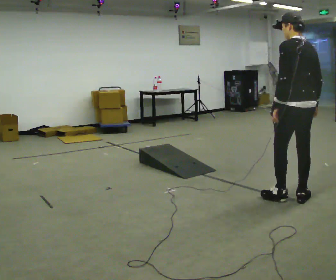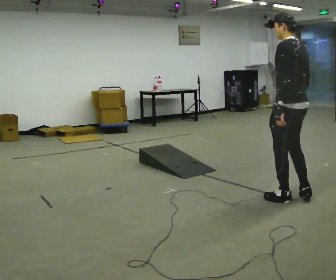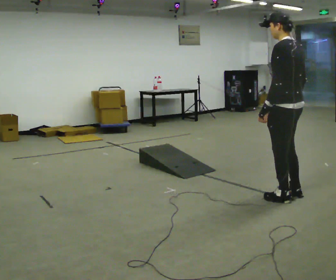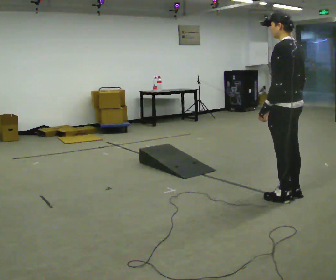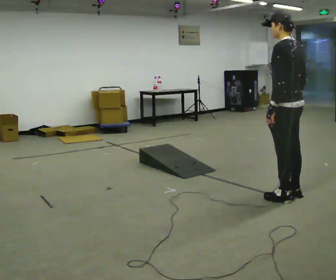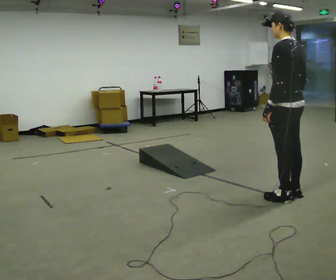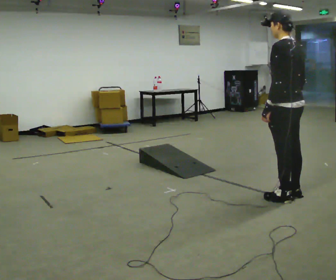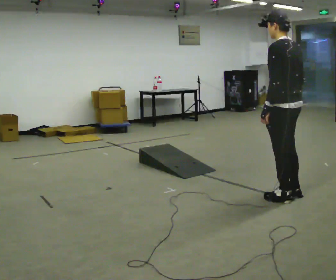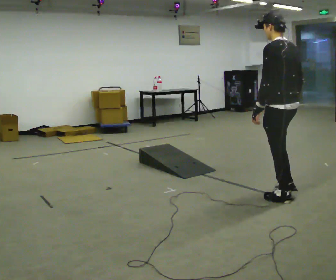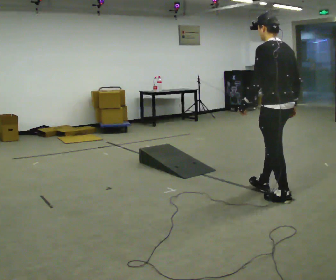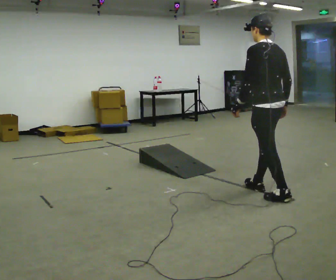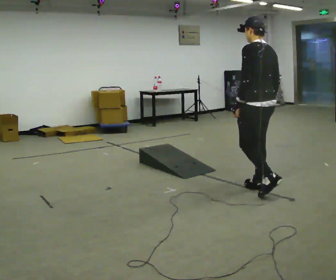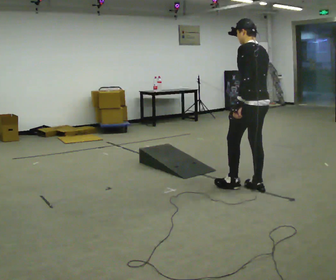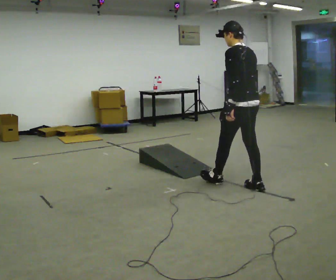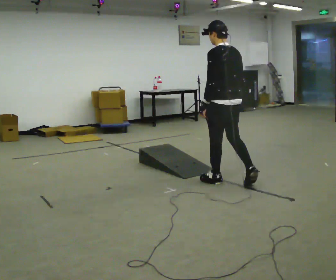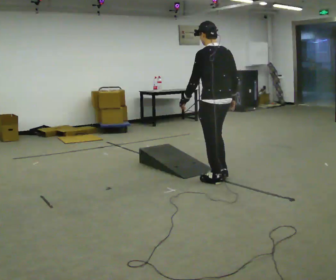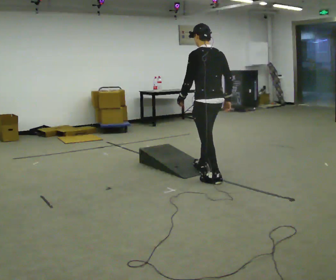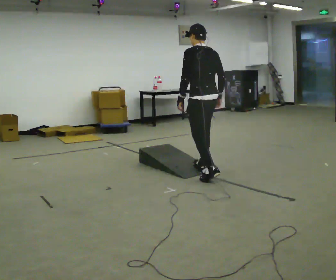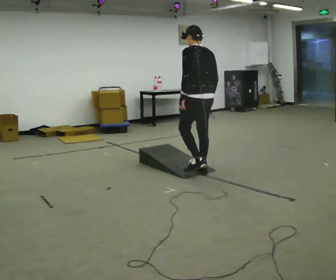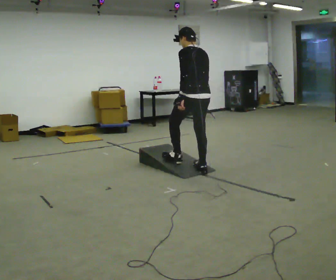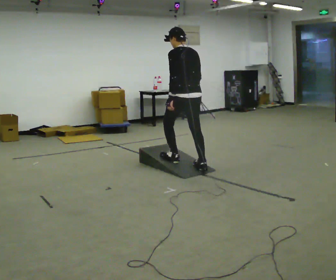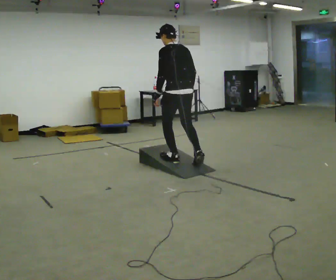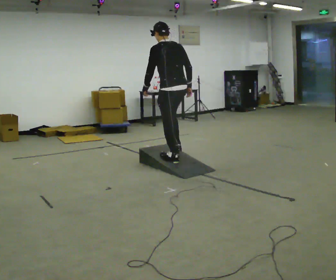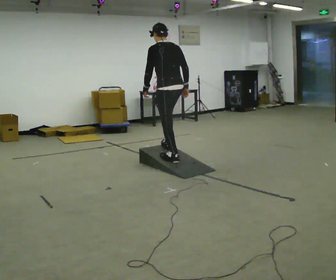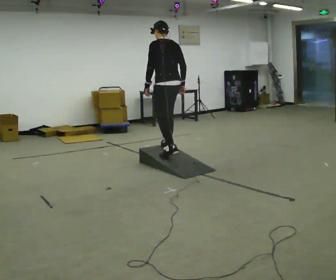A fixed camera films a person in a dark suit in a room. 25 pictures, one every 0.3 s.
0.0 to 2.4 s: The person moves a little, or ends about where they began.
2.4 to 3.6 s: In the picture they go away from the camera and to the left, about 0.5 m in 1 step, which for them is forward.
3.6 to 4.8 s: In the picture they go to the left and away from the camera, about 0.5 m in 2 steps, which for them is forward.
4.8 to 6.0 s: In the picture they go away from the camera and to the left, about 0.5 m in 1 step, which for them is forward.
6.0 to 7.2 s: In the picture they go away from the camera and to the left, about 0.5 m in 1 step, which for them is forward.
The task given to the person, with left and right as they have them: Walk up the ramp, turn at the top, and walk back down at a comfortable speed.
The film runs forward here.
